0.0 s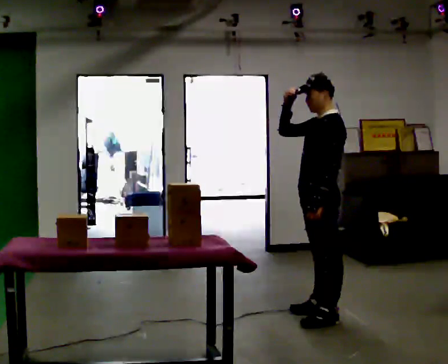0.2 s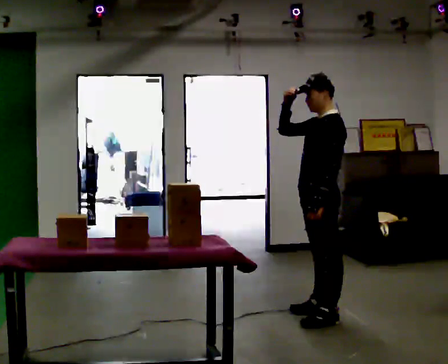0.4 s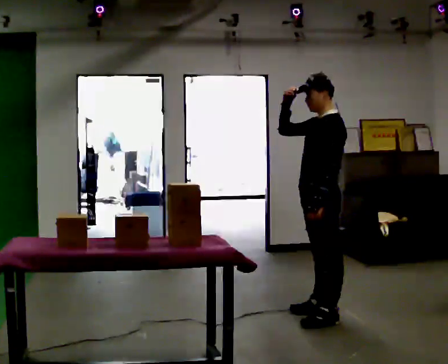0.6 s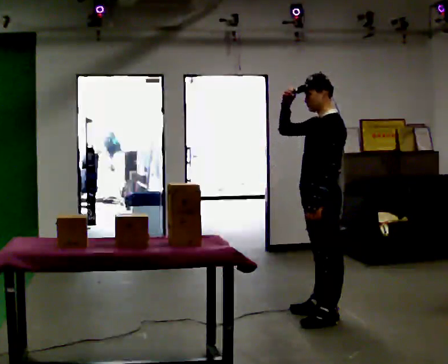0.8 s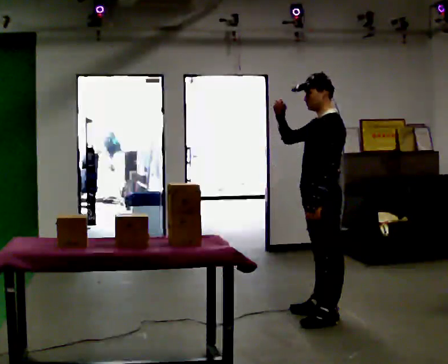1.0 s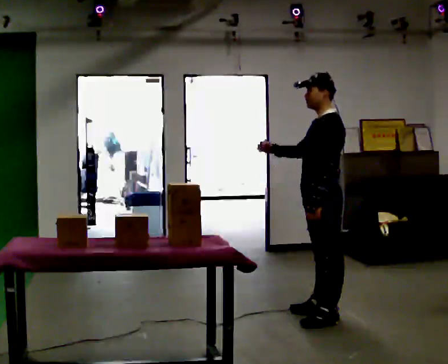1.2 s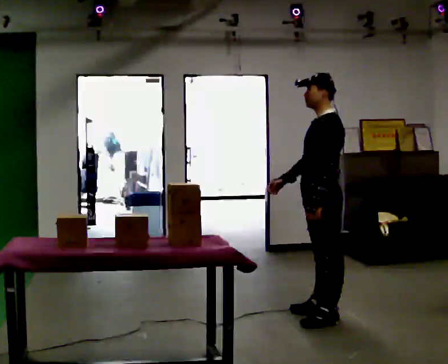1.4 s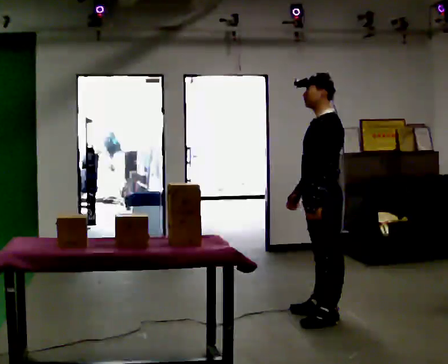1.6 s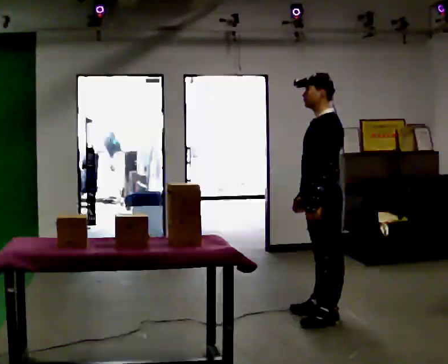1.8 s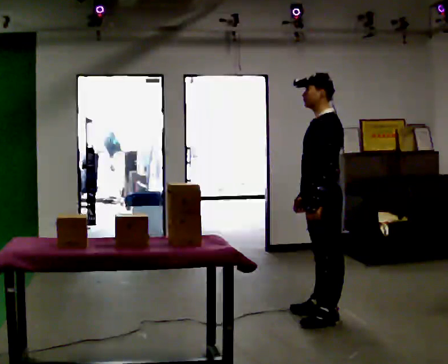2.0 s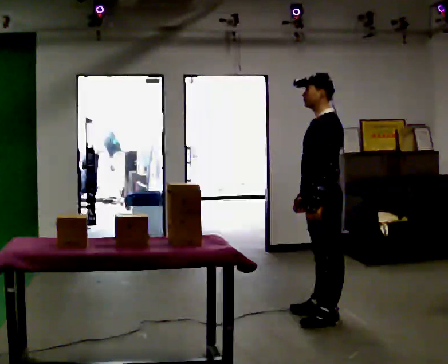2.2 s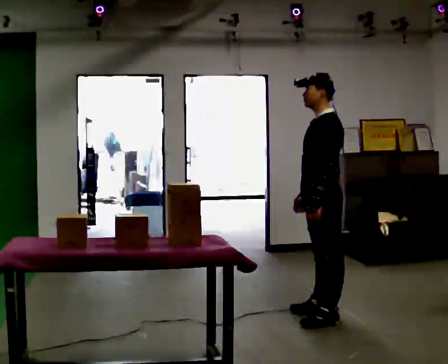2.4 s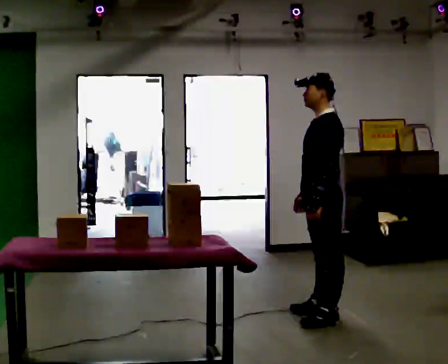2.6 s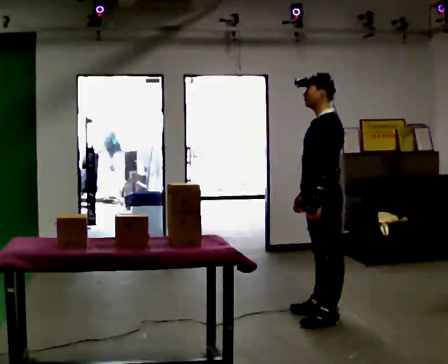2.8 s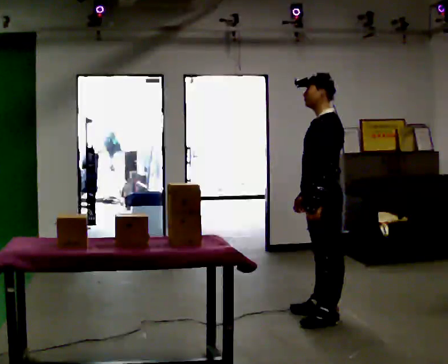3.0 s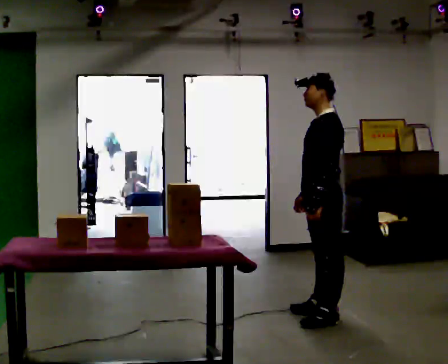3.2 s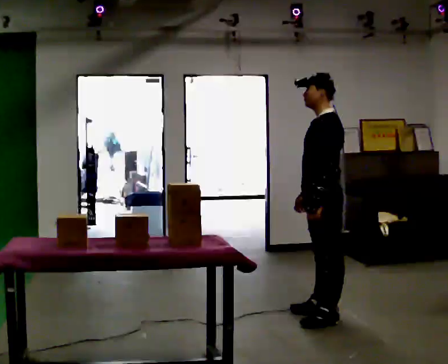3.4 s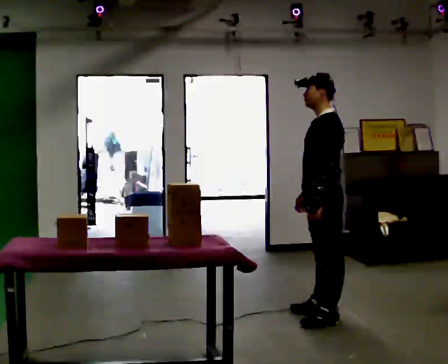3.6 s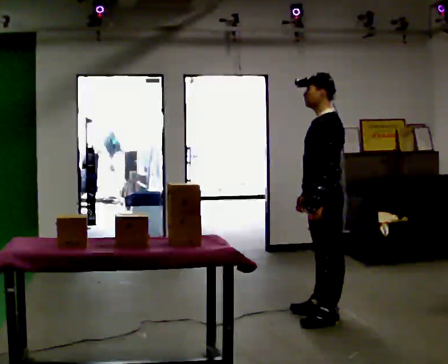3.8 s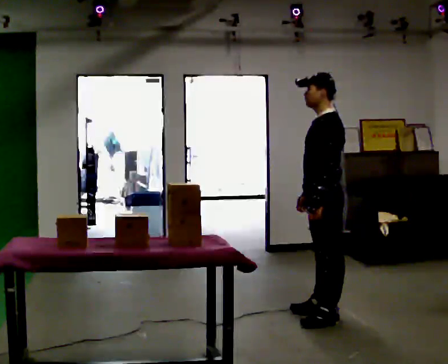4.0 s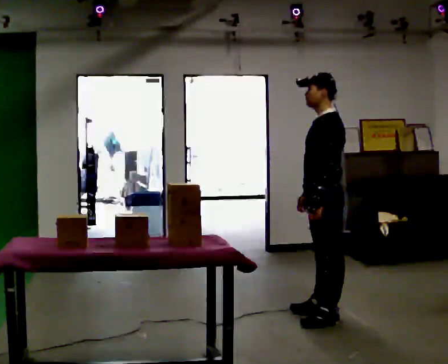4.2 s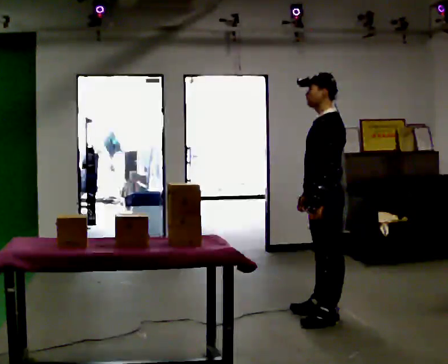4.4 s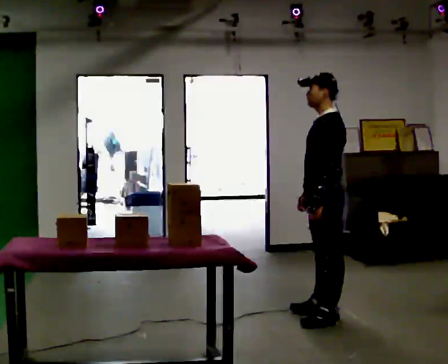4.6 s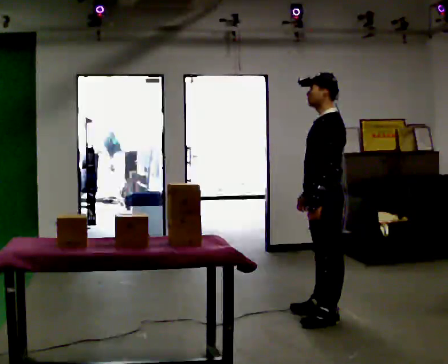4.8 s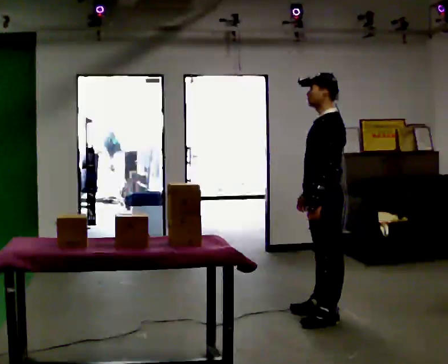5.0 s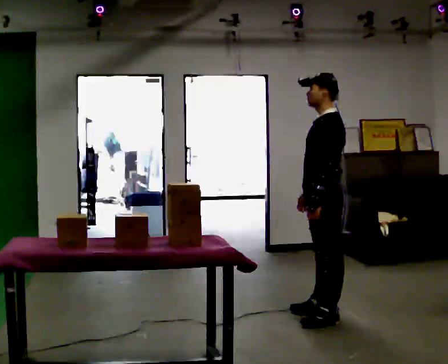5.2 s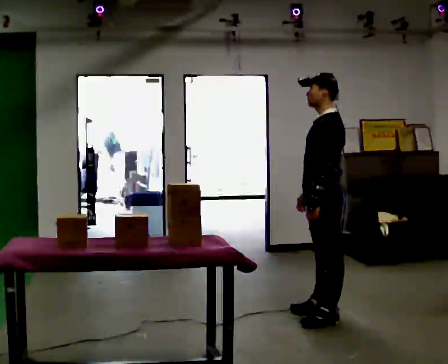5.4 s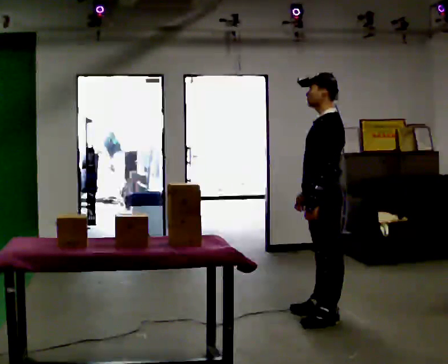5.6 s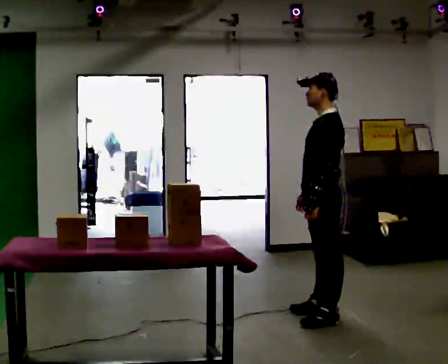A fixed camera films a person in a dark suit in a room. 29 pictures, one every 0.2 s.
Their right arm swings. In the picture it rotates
counterclockwise.
Their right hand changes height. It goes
downward.
0.0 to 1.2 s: In the picture their right hand goes downward, the arm swinging counterclockwise.
1.2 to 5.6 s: The person moves a little, or ends about where they began.
The film runs backward here.
